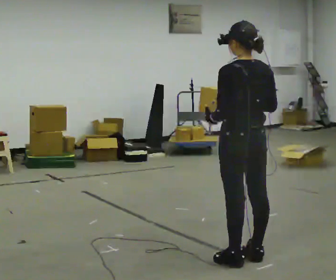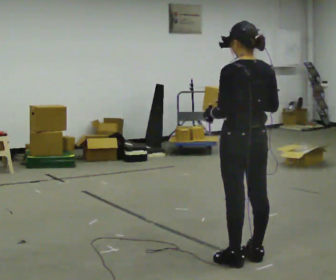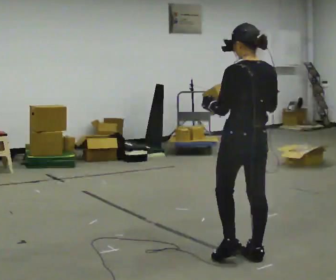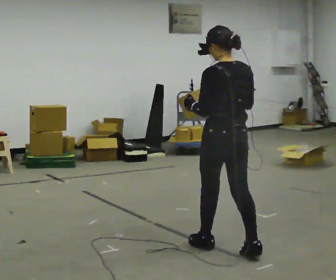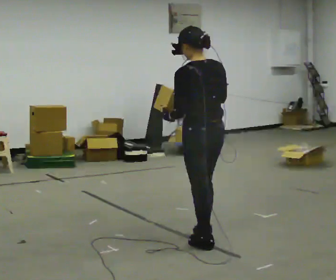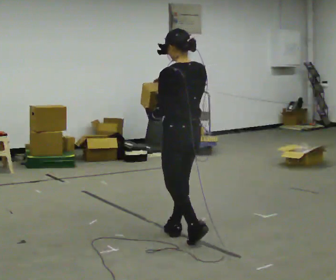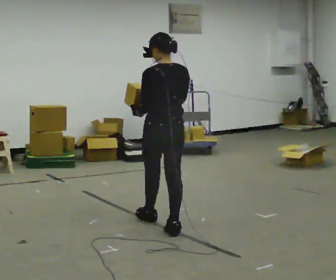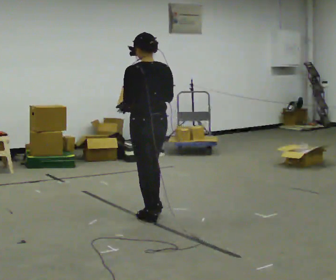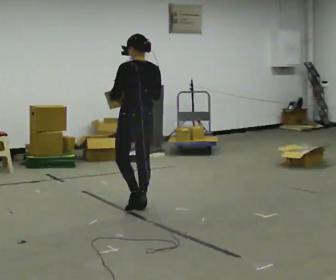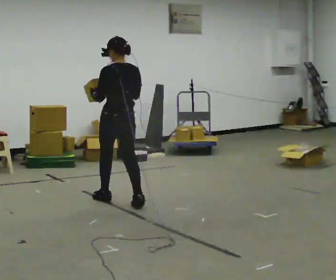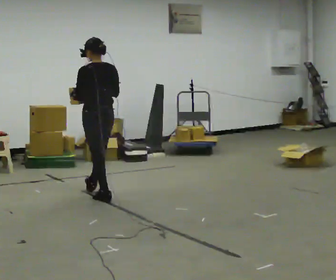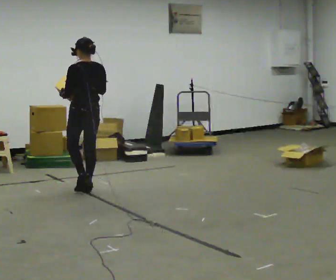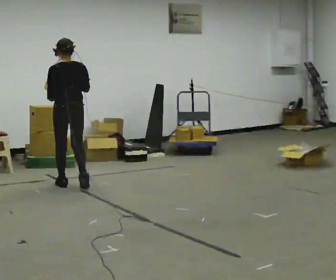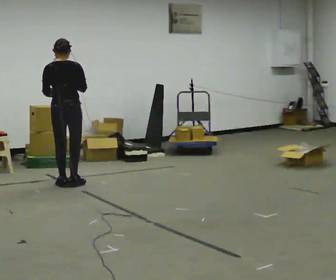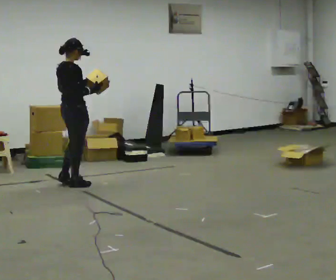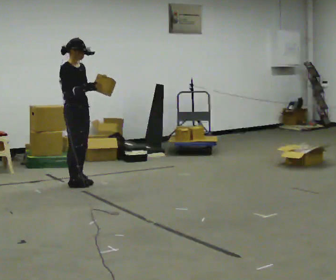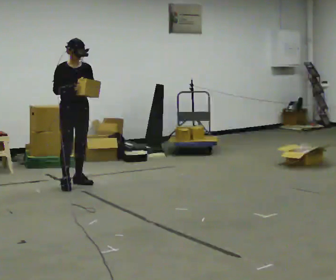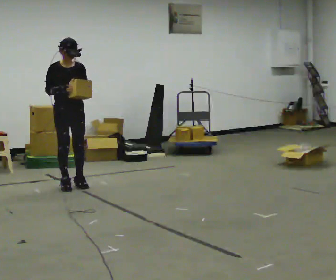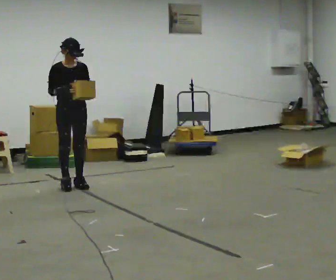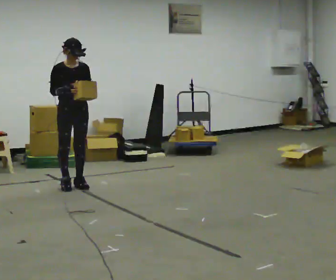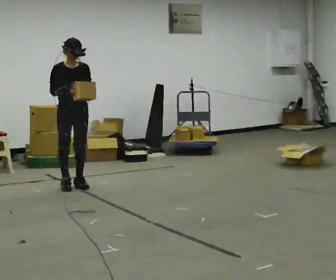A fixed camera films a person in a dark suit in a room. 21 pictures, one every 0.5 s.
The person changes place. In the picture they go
away from the camera.
0.0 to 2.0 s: In the picture they go away from the camera and to the left, about 0.5 m in 1 step, which for them is forward.
2.0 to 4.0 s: In the picture they go away from the camera and to the left, about 1 m in 3 steps, which for them is forward.
4.0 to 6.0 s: In the picture they go away from the camera and to the left, about 1 m in 3 steps, which for them is forward.
6.0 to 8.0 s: Seen from above the body turns clockwise, about 165 degrees: to their right, with its near side sliding to the left. In the picture their left hand goes to the right.
8.0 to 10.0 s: The person moves a little, or ends about where they began.
The film runs forward here.
